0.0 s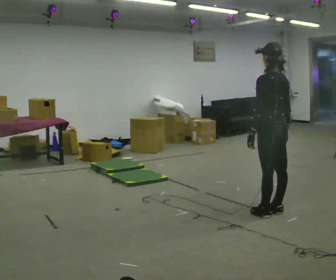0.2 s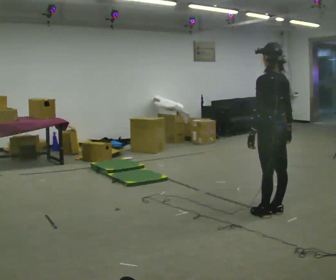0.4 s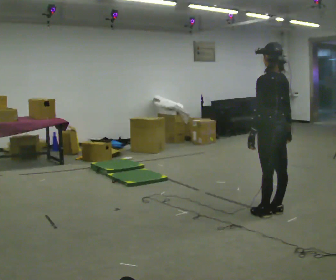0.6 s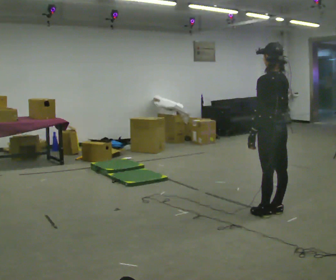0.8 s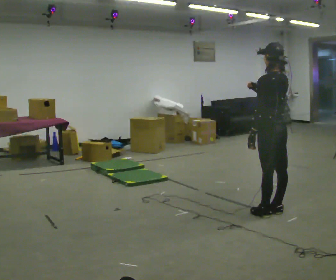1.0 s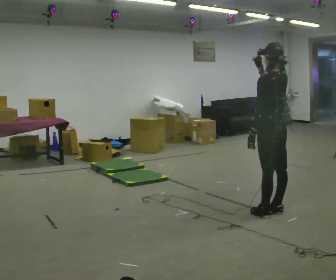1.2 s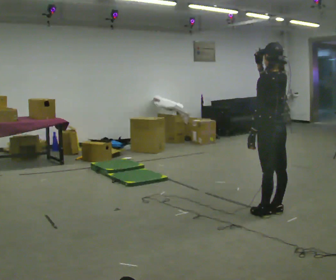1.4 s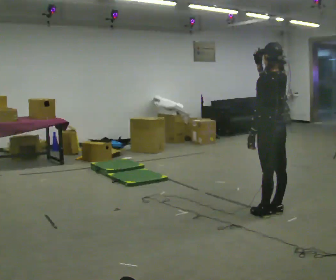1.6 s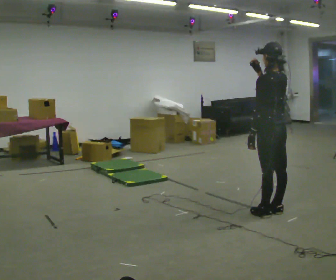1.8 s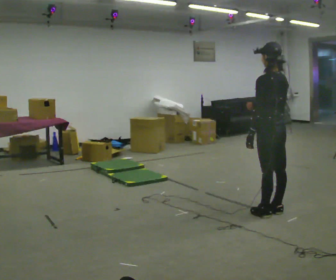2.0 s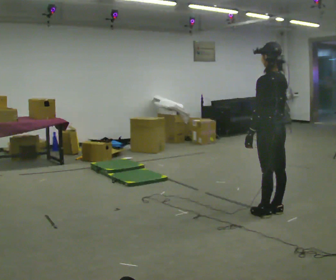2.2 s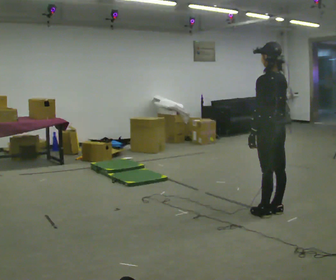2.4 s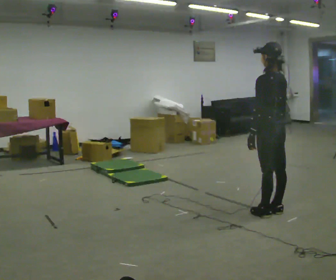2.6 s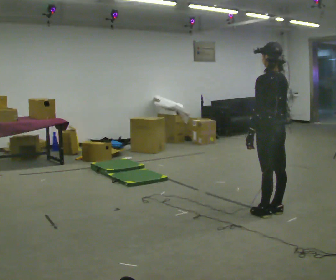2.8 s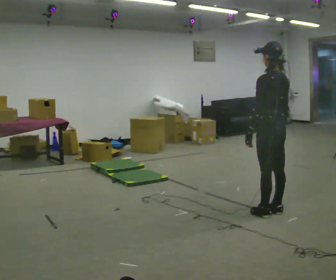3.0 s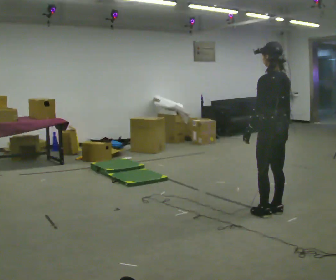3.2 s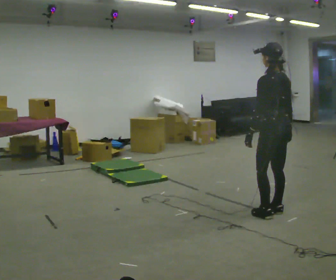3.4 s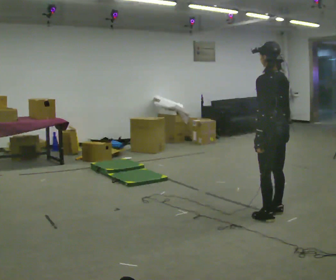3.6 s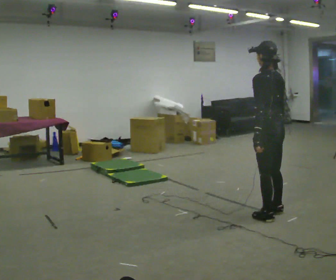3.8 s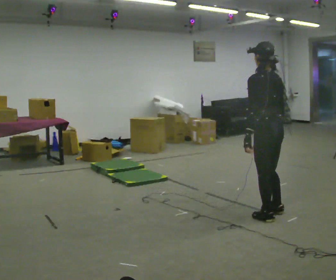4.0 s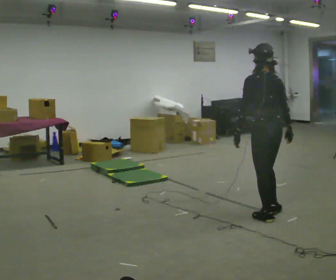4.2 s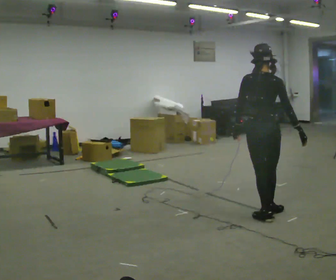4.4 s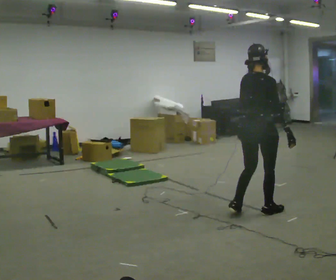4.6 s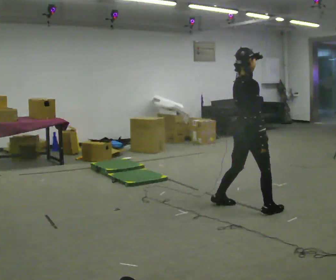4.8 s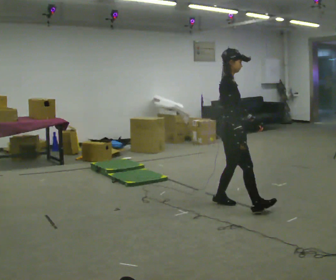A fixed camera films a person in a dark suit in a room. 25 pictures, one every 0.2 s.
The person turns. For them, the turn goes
to their right.
The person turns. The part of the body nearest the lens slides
to the left.
0.0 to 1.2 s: In the picture their right hand goes upward.
1.2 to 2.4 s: In the picture their right hand goes downward.
2.4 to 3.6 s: The person moves a little, or ends about where they began.
3.6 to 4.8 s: The part of the body nearest the lens slides to the left as the person turns to their right by about 135 degrees. In the picture they go to the left and away from the camera, about 0.5 m in 2 steps.
The film runs backward here.
